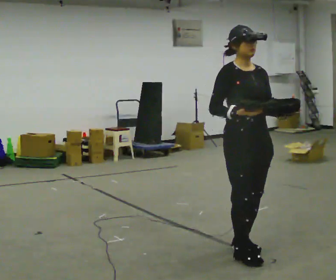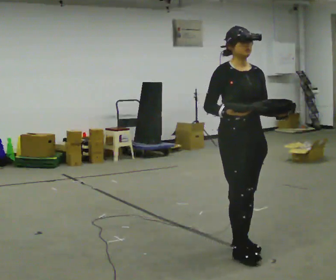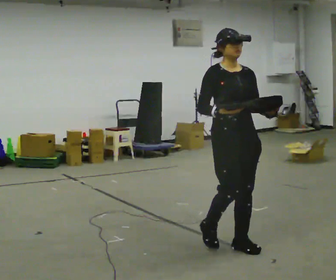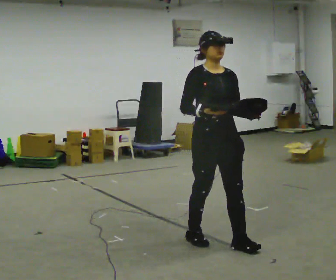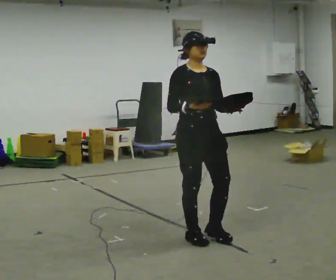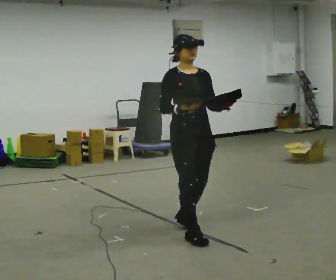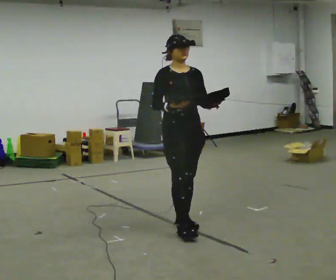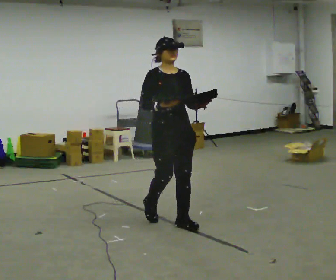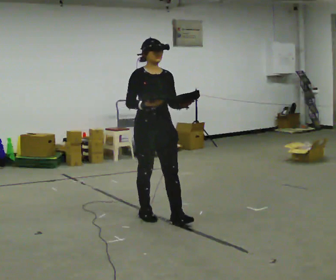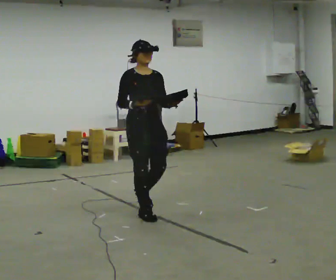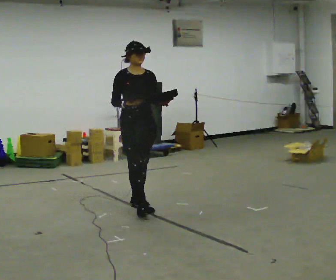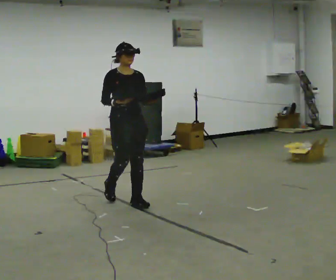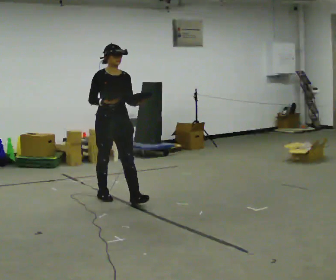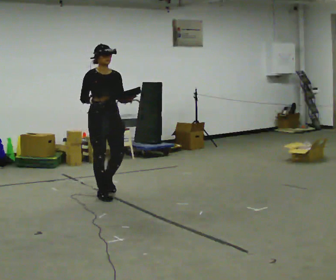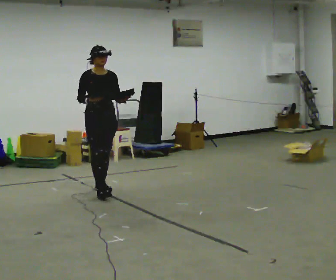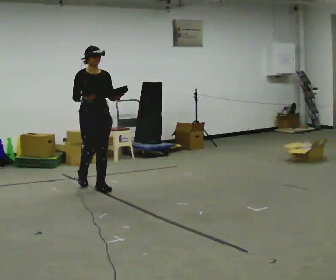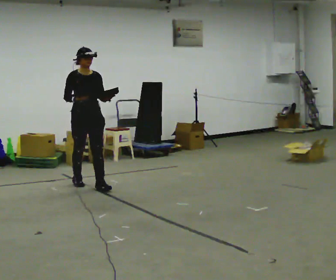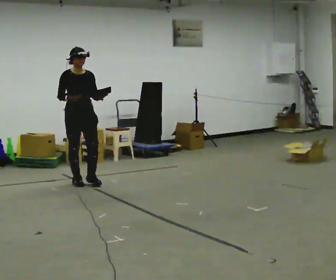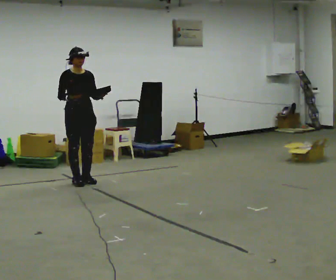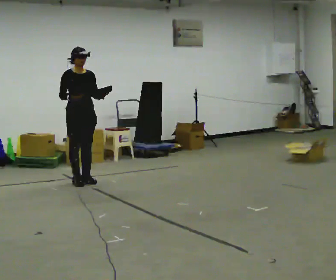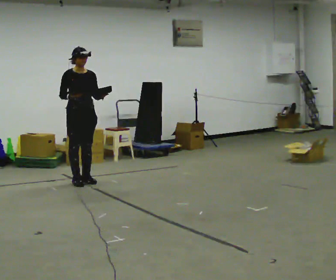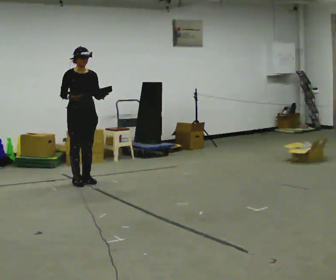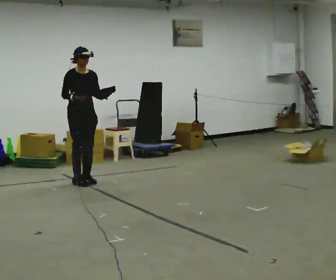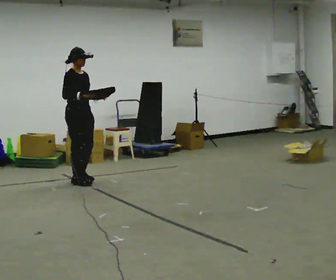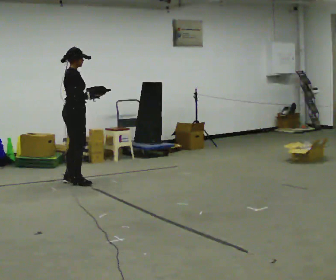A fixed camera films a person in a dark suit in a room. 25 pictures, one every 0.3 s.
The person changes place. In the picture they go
away from the camera.
0.0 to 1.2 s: In the picture they go away from the camera and to the left, about 0.5 m in 2 steps, which for them is backward.
1.2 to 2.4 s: In the picture they go away from the camera and to the left, about 0.5 m in 2 steps, which for them is backward.
2.4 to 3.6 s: In the picture they go away from the camera and to the left, about 1 m in 2 steps, which for them is backward.
3.6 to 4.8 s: In the picture they go away from the camera and to the left, about 0.5 m in 1 step, which for them is backward.
4.8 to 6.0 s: In the picture they go away from the camera, about 0.25 m in 1 step, which for them is backward.
6.0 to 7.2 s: The person turns about 75 degrees to their left, counterclockwise seen from above, so the part of the body nearest the lens slides to the right.
The film runs backward here.
